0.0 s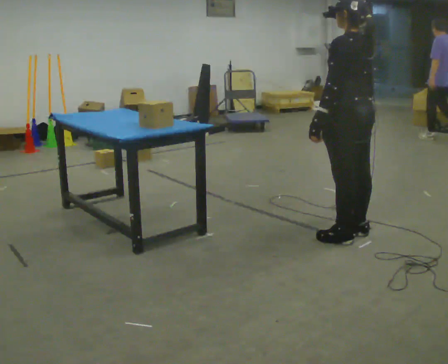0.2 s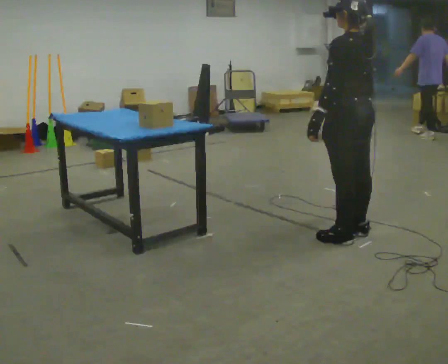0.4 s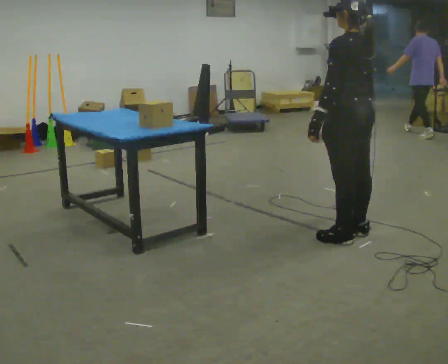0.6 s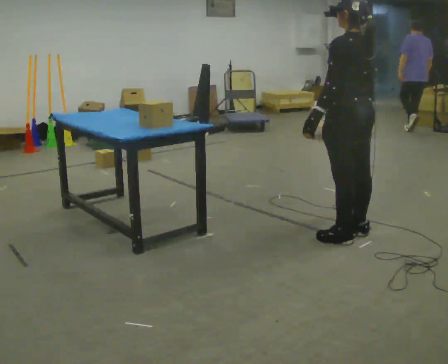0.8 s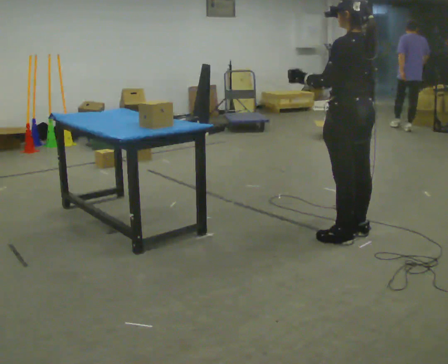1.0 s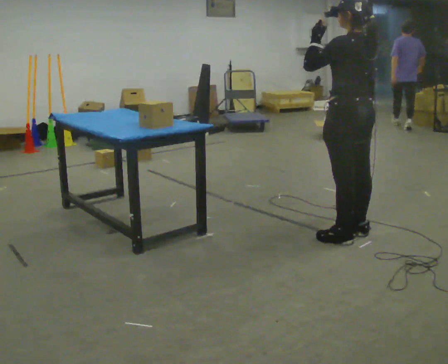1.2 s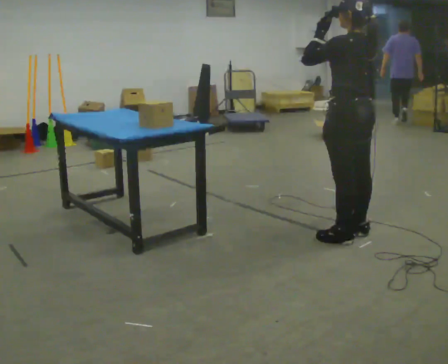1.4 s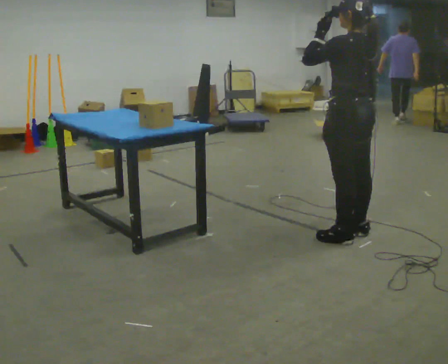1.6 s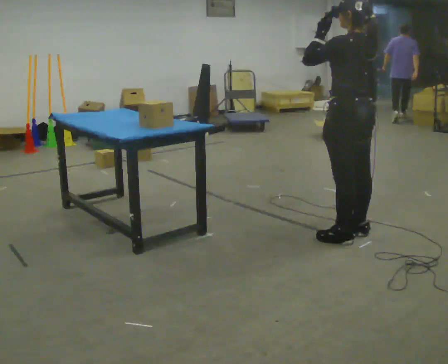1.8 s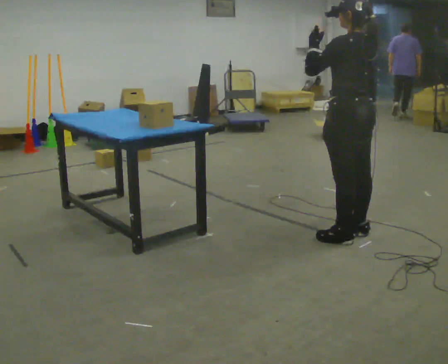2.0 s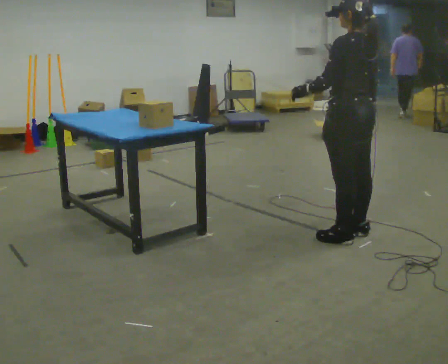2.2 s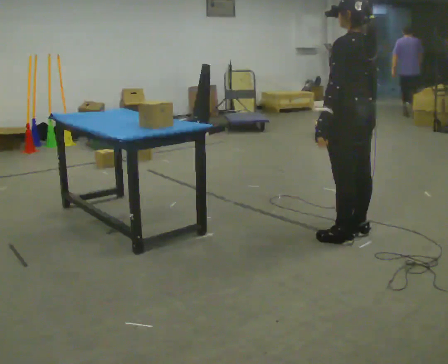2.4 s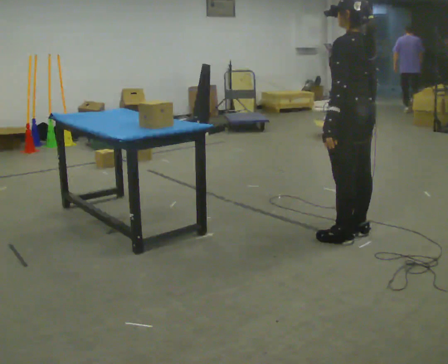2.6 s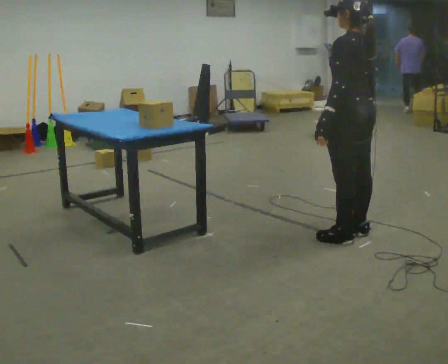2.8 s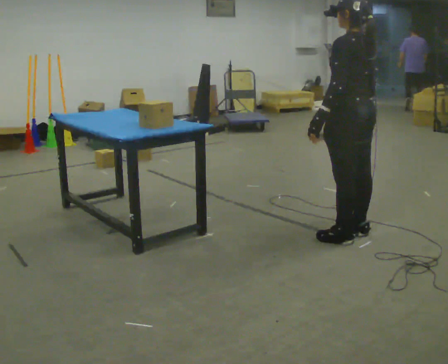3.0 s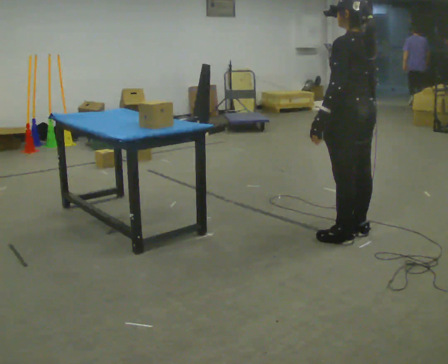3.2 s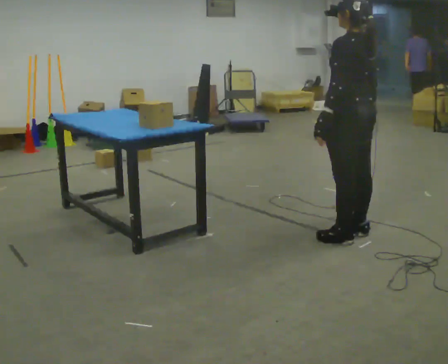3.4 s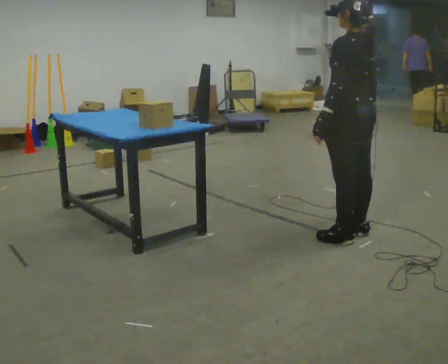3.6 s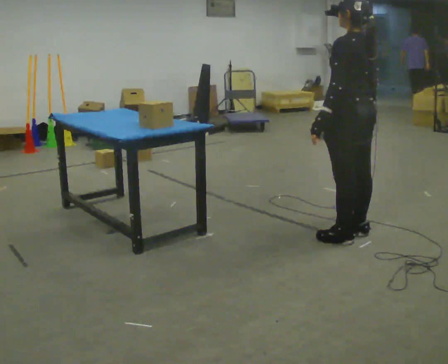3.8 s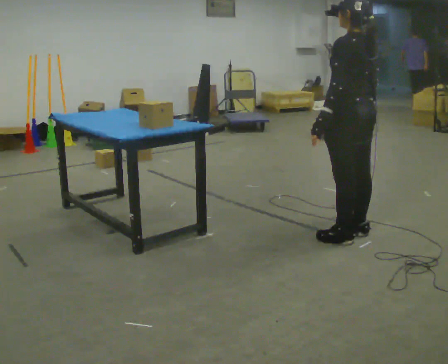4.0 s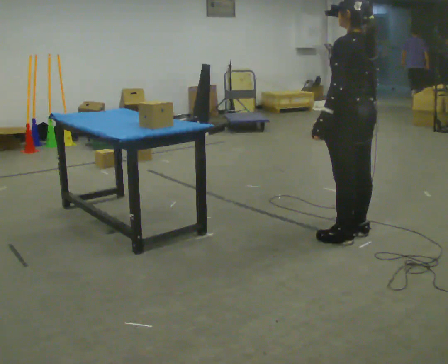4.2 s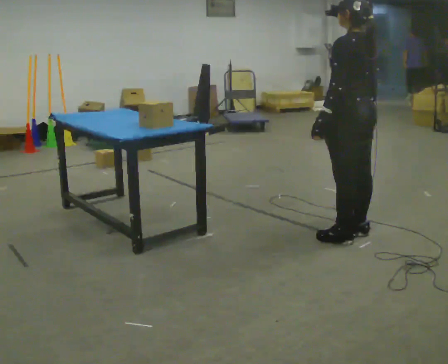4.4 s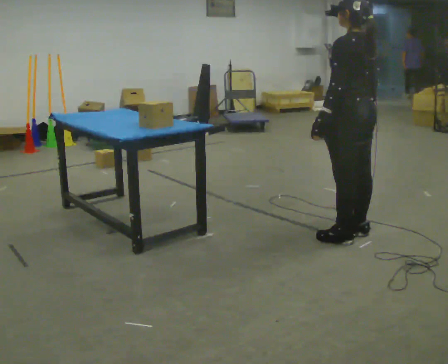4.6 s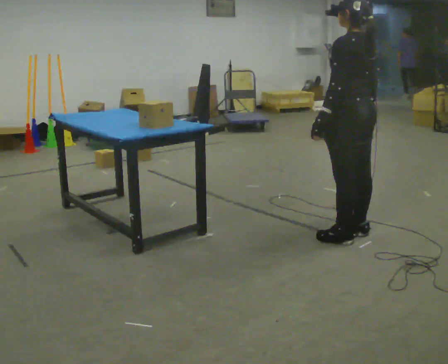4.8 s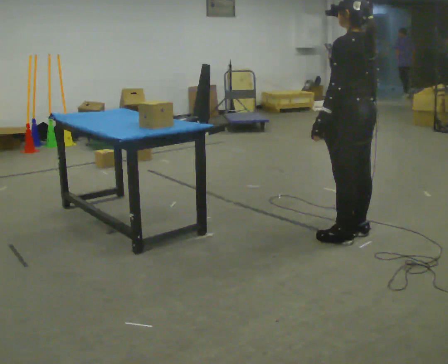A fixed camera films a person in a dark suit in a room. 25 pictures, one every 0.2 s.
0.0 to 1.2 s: In the picture their left hand goes upward.
1.2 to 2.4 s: In the picture their left hand goes downward.
2.4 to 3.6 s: The person moves a little, or ends about where they began.
3.6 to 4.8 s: The person keeps their place and pose.
The film runs forward here.
